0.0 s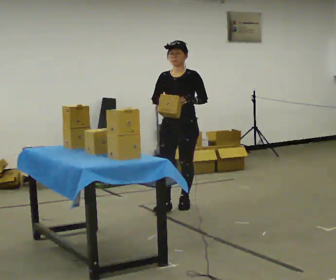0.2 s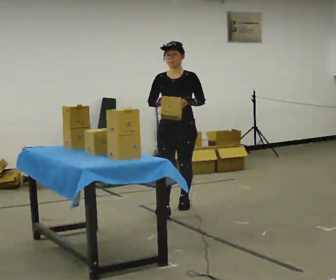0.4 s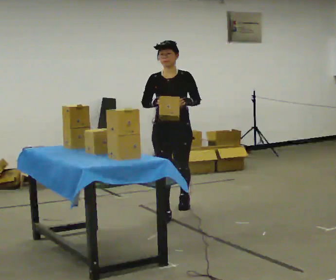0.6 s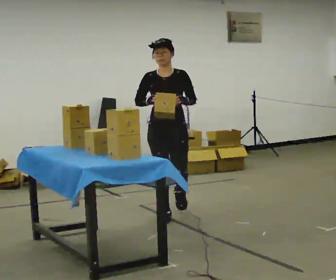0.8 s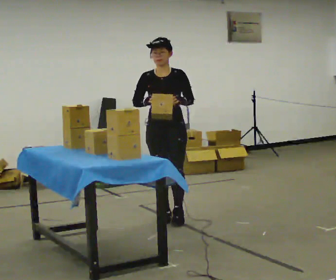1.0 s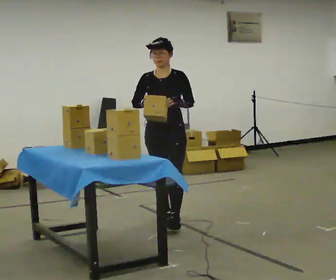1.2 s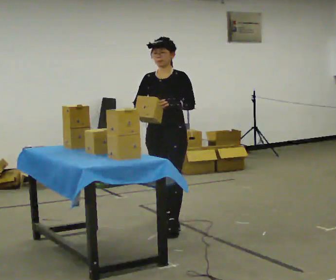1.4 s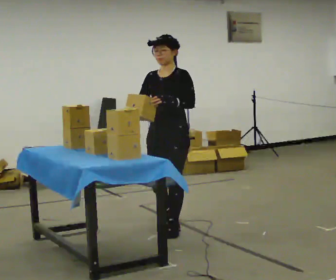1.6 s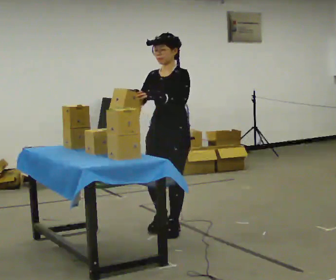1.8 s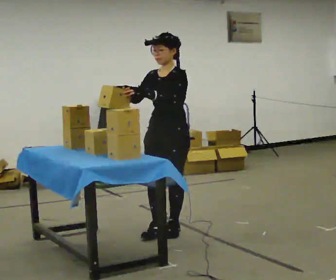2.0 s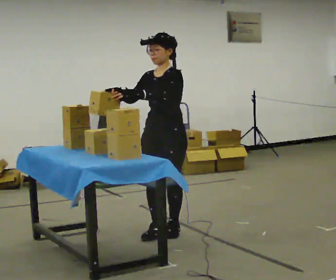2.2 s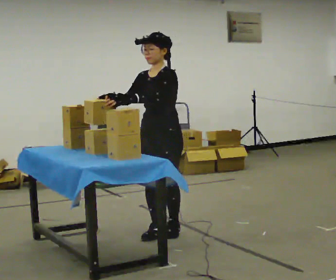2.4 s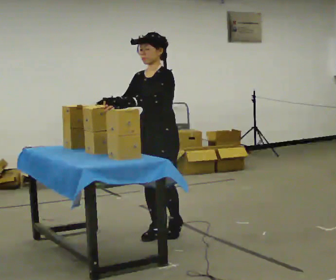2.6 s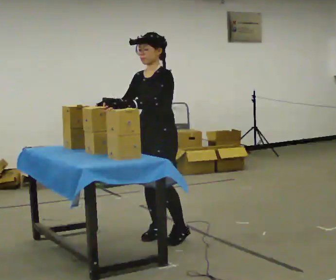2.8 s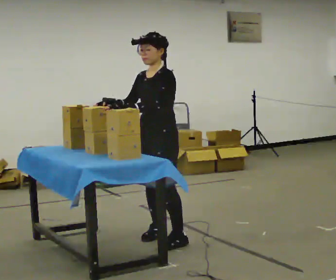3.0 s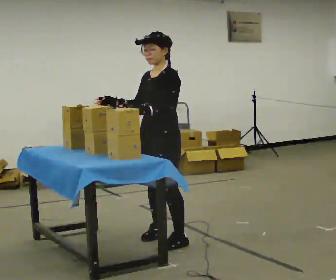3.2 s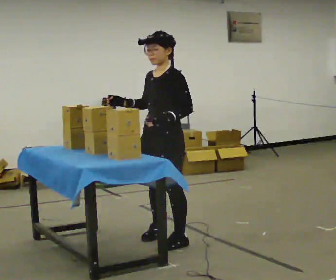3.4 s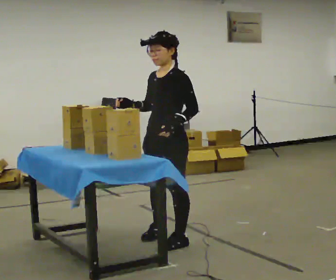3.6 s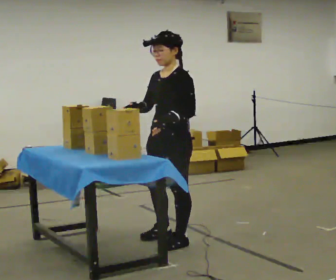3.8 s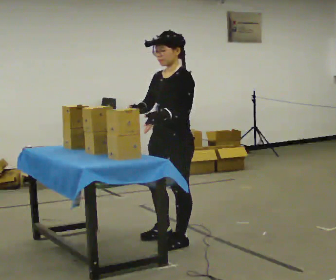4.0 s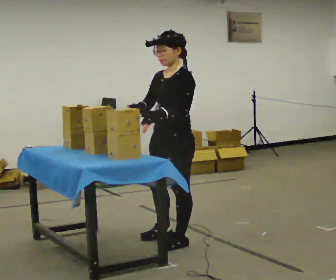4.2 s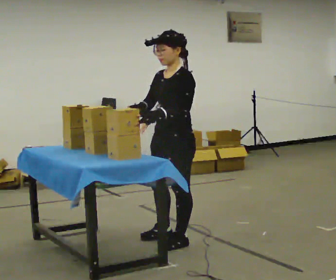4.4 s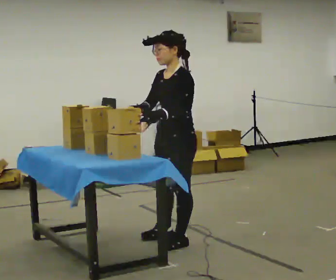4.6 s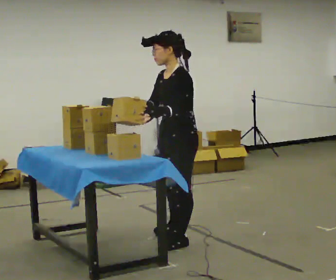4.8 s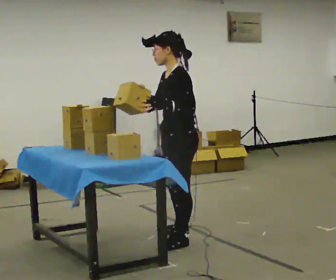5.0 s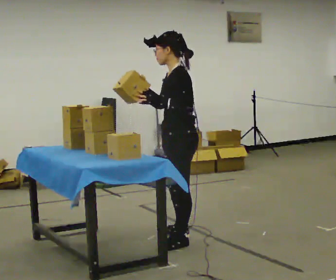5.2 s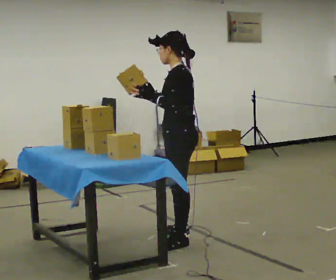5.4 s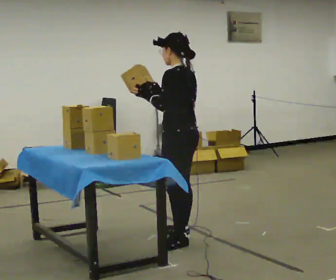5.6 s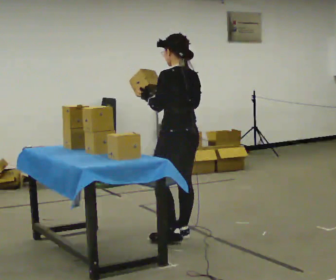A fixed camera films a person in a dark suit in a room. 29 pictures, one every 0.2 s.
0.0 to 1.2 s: In the picture they go toward the camera, about 0.75 m in 2 steps, which for them is forward.
1.2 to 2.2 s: In the picture they go toward the camera, about 0.25 m in 1 step, which for them is forward and to their left.
2.2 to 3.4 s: In the picture they go toward the camera, about 0.25 m in 1 step, which for them is to their left and forward.
3.4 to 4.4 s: The person moves a little, or ends about where they began.
4.4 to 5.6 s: The part of the body nearest the lens slides to the left as the person turns to their right by about 60 degrees. In the picture they go away from the camera, about 0.25 m.
The film runs forward here.
